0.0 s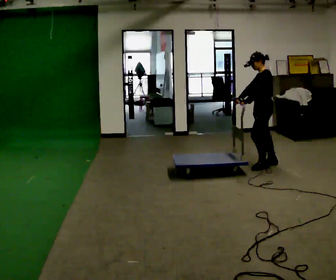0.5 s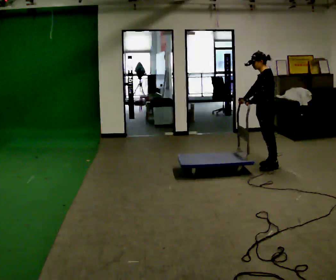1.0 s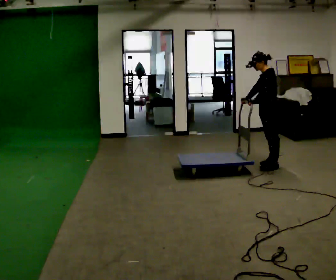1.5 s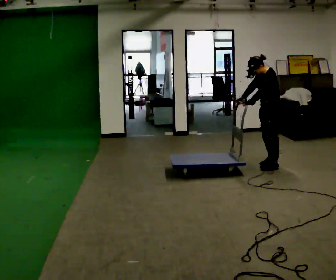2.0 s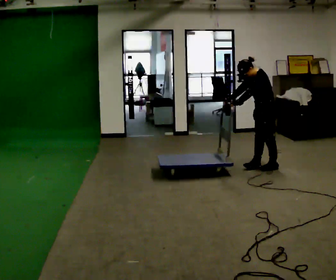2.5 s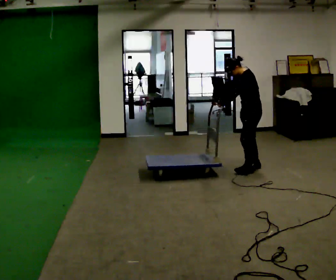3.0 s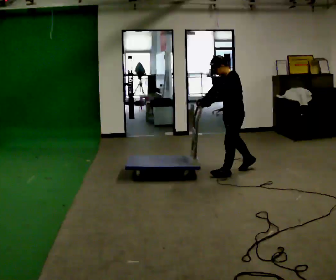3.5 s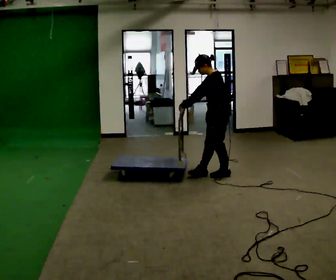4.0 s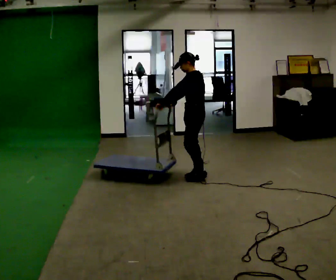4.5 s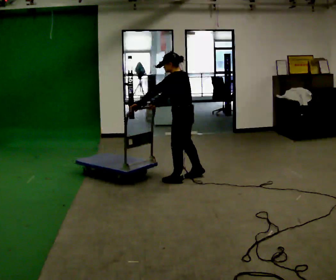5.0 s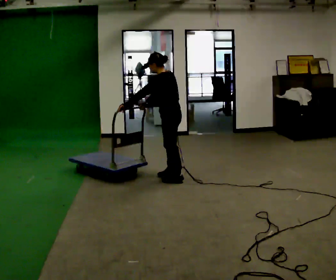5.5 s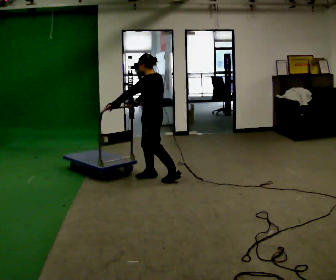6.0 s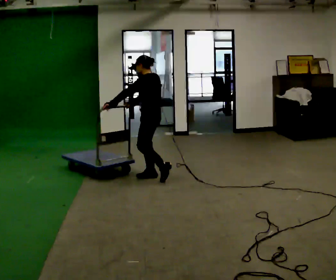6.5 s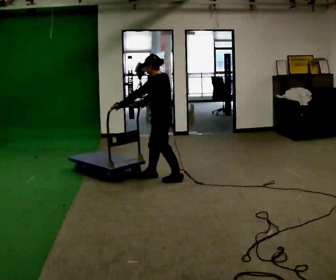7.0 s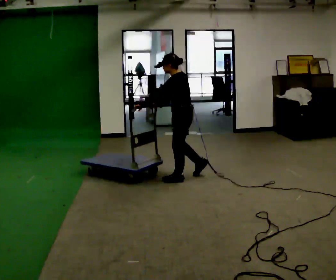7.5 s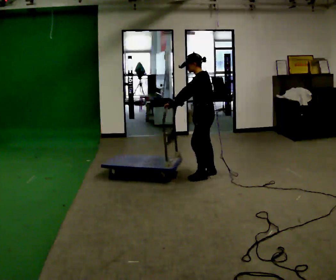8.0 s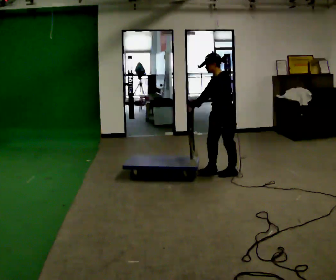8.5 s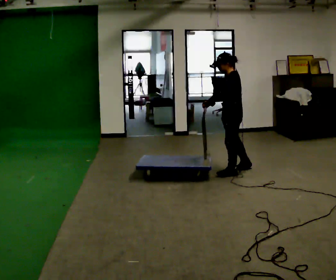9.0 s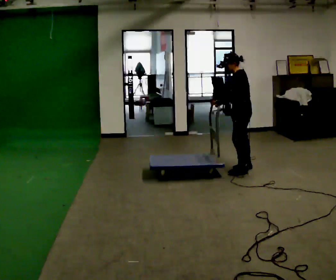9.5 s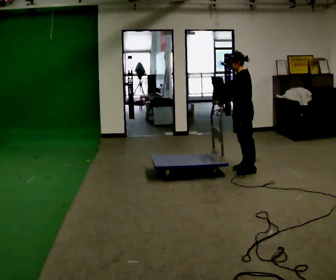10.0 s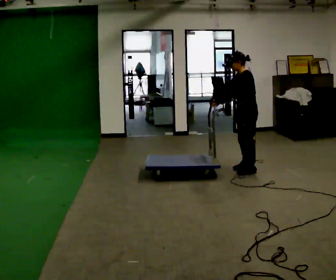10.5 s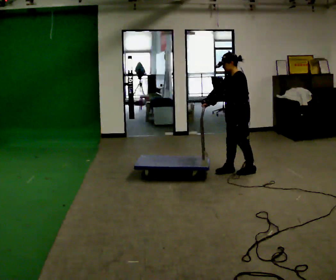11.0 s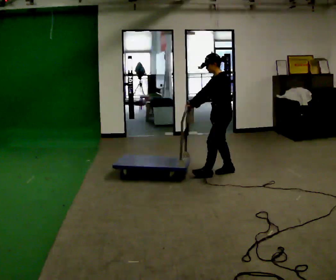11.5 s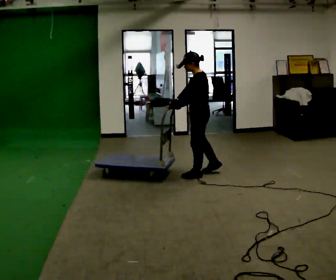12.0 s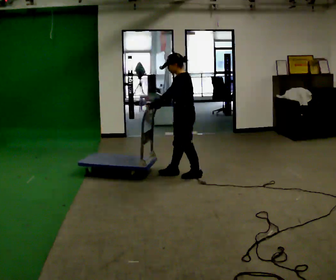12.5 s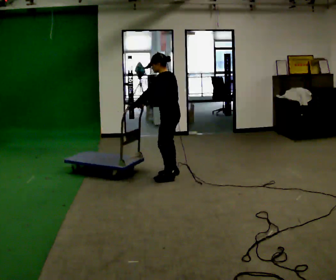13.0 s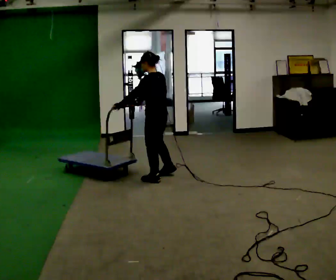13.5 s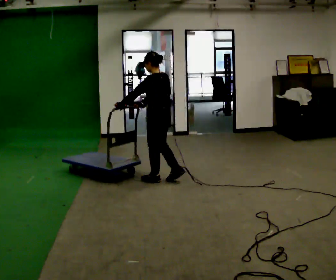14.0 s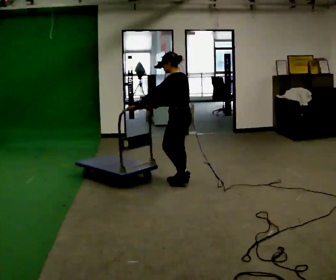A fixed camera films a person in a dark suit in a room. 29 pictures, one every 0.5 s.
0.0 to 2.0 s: In the picture the upper body tilts counterclockwise, shoulders to the left, as they bend forward.
2.0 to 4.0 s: In the picture they go to the left, about 1 m in 3 steps, which for them is forward. In the picture the upper body tilts clockwise, shoulders to the right, as they lean back or straighten.
4.0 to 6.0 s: In the picture they go to the left, about 0.5 m in 1 step, which for them is forward.
6.0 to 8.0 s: In the picture they go to the right, about 1 m in 4 steps, which for them is backward.
8.0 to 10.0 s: In the picture they go to the right, about 0.25 m in 1 step, which for them is backward.
10.0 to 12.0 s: In the picture they go to the left, about 0.5 m in 3 steps, which for them is forward.
12.0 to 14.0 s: In the picture they go toward the camera, about 0.25 m in 3 steps, which for them is to their left.
The film runs backward here.
